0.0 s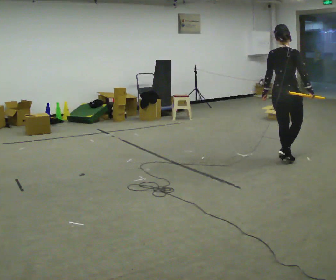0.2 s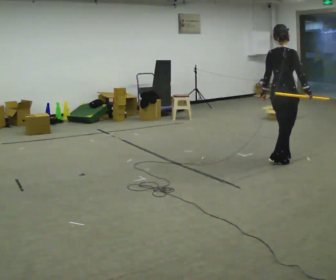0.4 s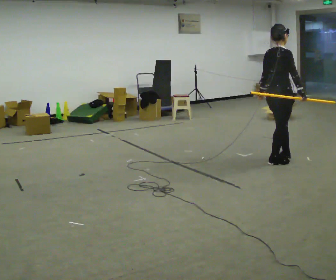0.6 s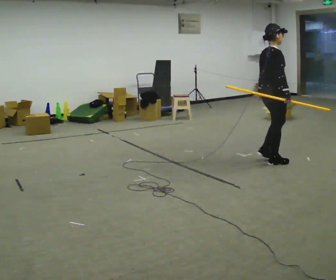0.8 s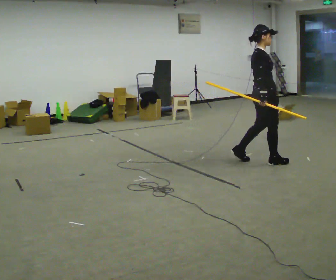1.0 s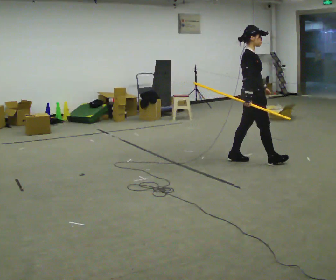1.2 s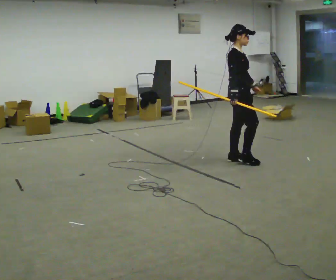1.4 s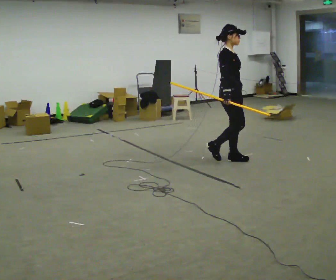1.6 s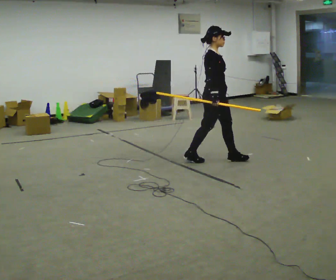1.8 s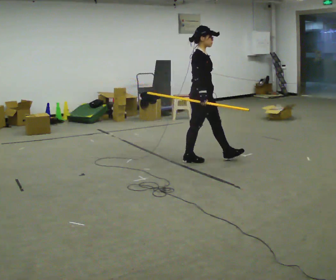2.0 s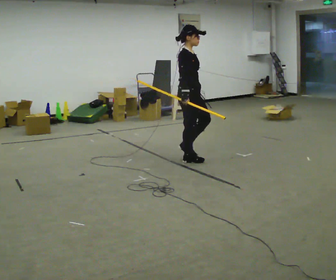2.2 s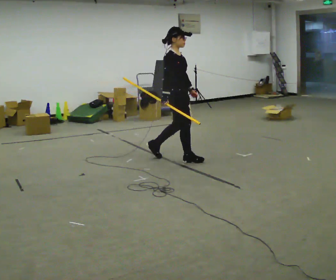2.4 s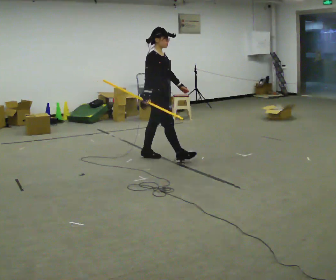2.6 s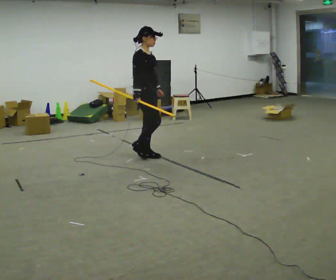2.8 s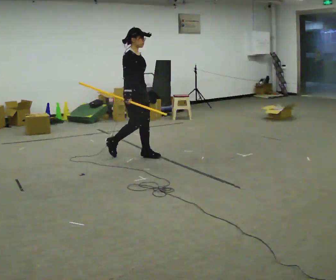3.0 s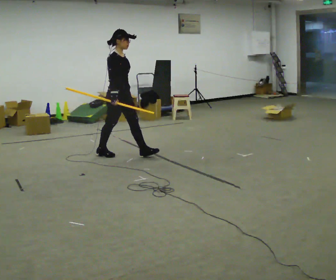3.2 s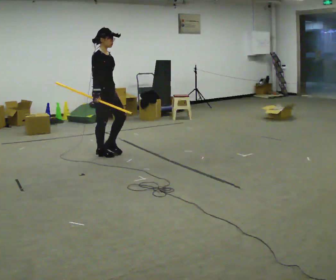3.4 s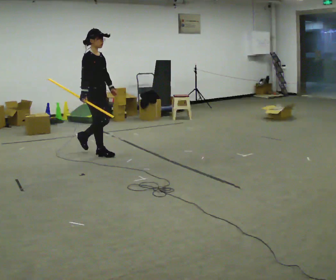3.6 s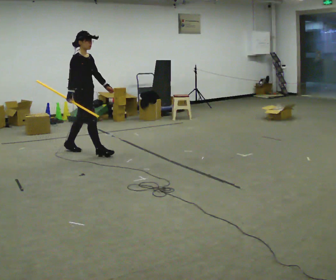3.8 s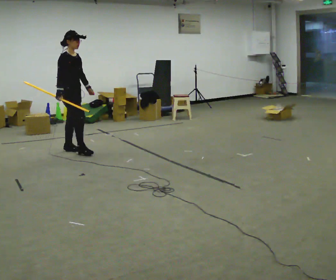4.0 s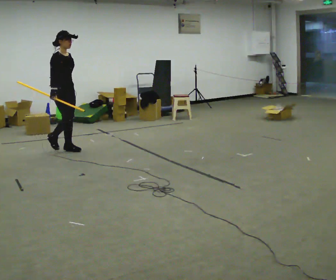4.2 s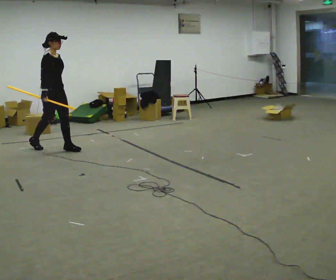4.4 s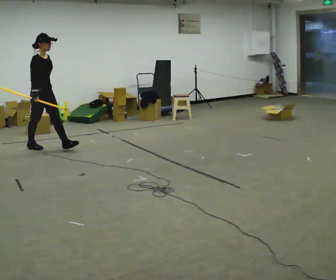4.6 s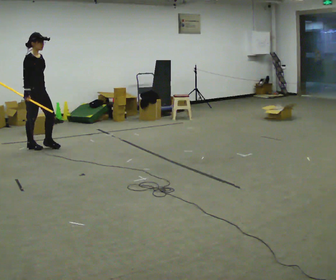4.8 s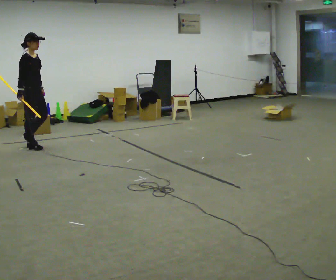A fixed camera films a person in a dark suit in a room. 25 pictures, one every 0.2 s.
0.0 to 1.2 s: The person turns about 75 degrees to their right, clockwise seen from above, so the part of the body nearest the lens slides to the left. In the picture they go to the left, about 0.5 m in 2 steps.
1.2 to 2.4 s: In the picture they go to the left, about 1 m in 2 steps, which for them is backward.
2.4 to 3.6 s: In the picture they go to the left, about 1 m in 1 step, which for them is backward.
3.6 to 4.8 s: In the picture they go to the left, about 1 m in 2 steps, which for them is backward.
The film runs backward here.
